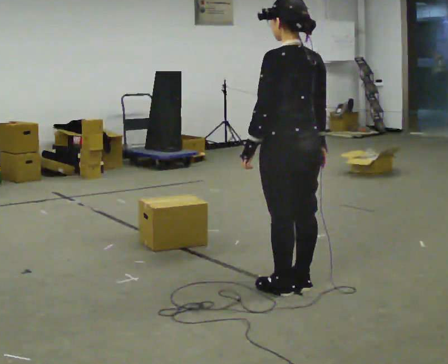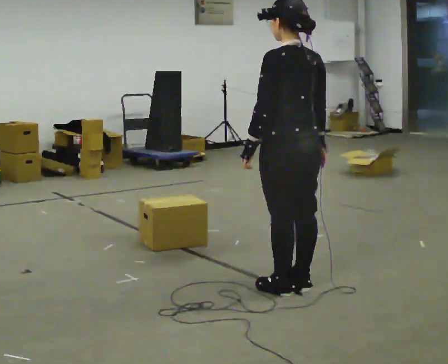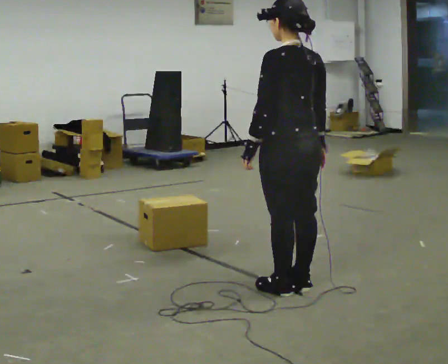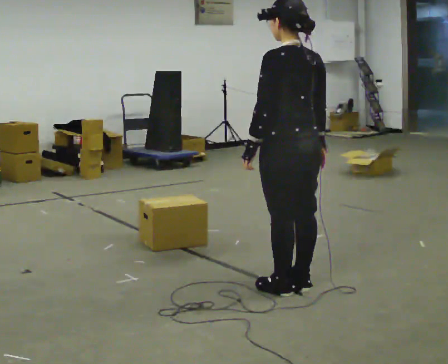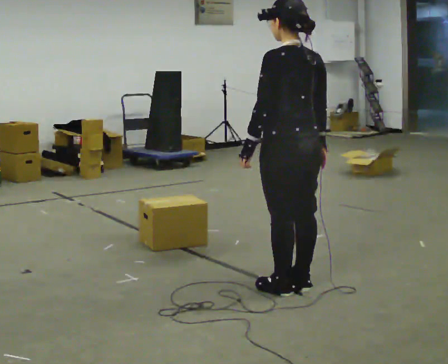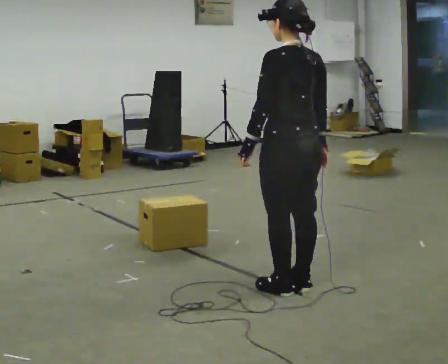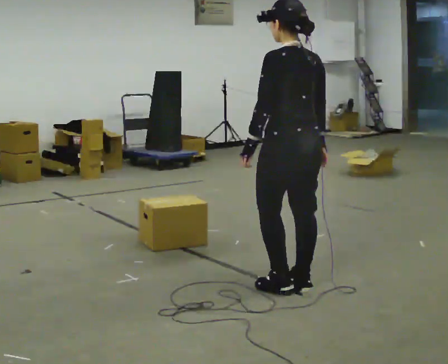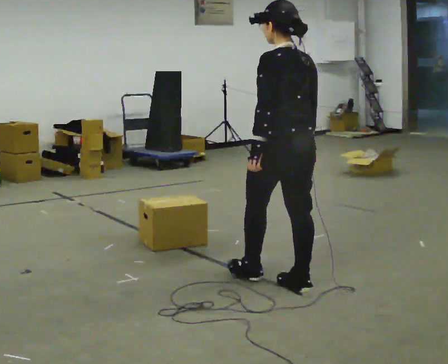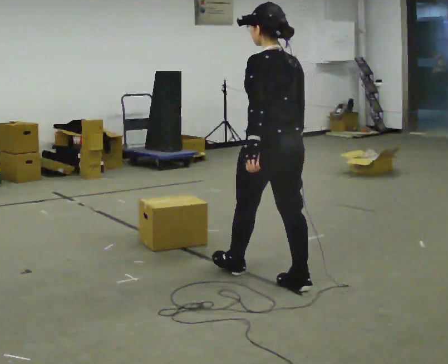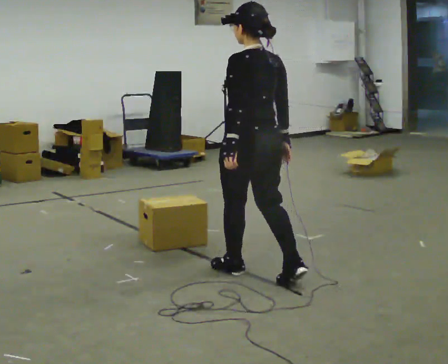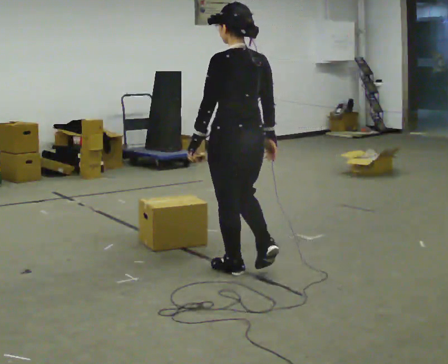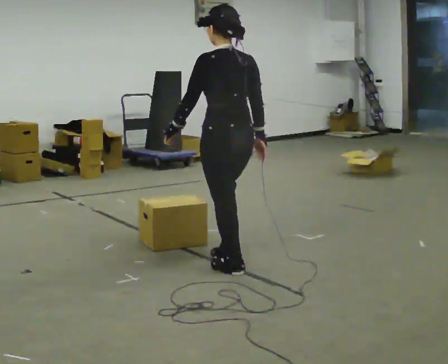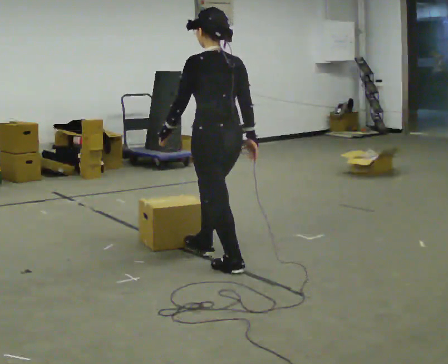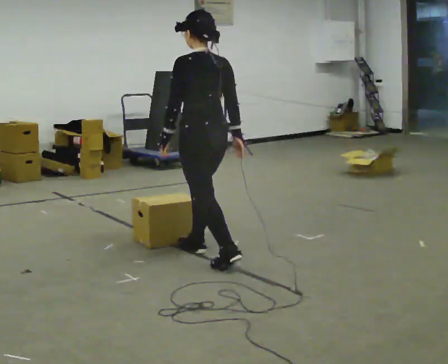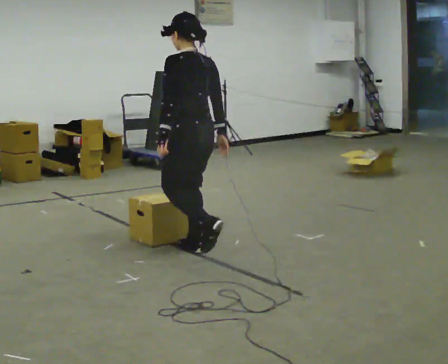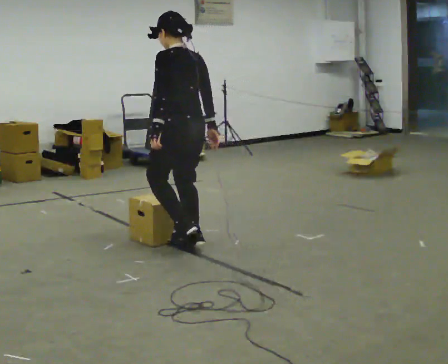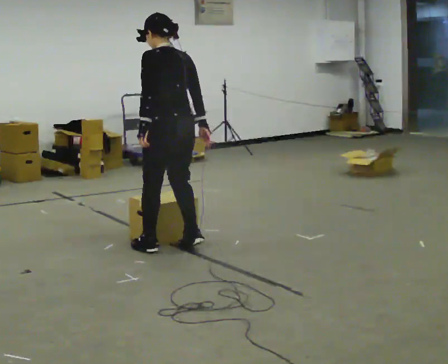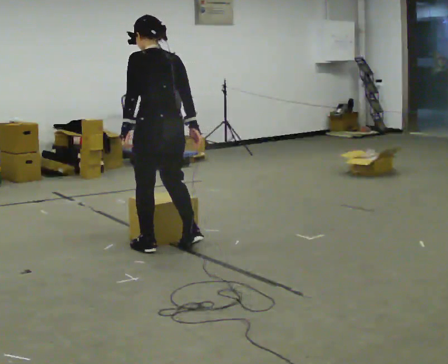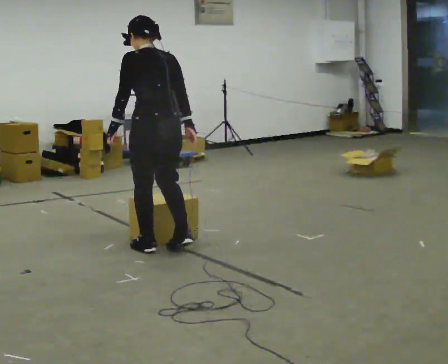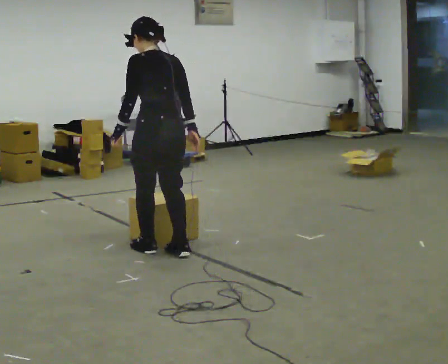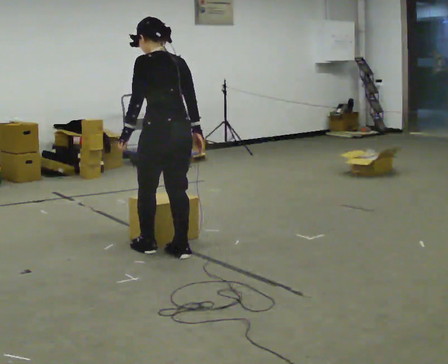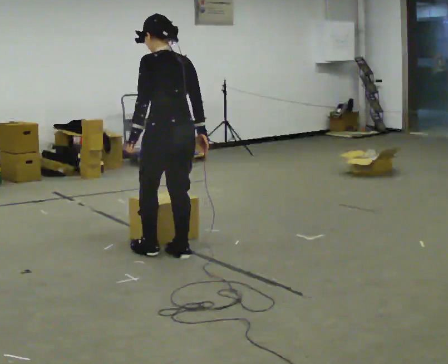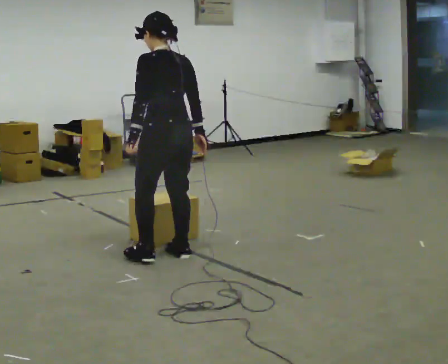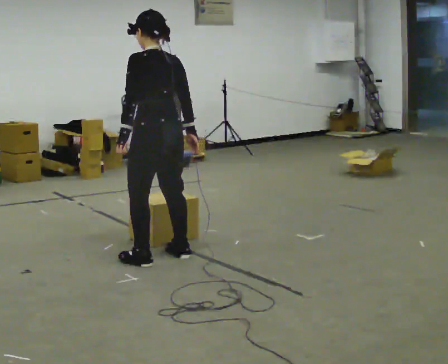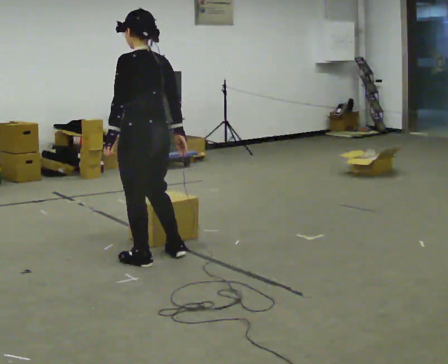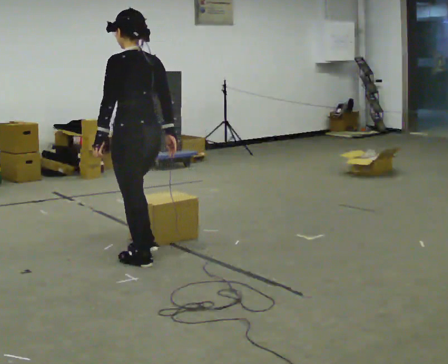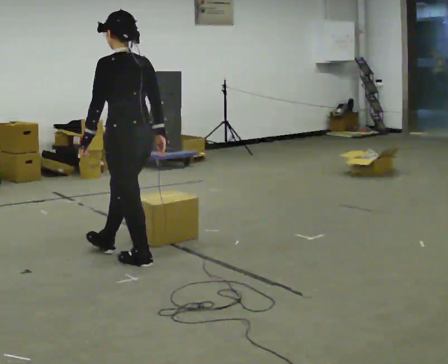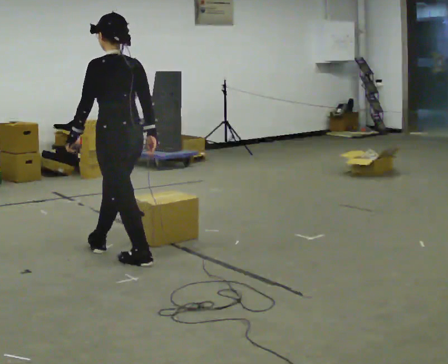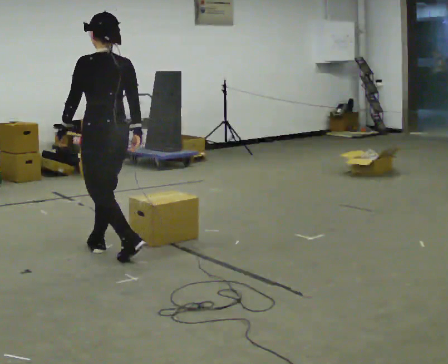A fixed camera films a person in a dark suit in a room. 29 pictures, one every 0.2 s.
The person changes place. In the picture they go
to the left.
0.0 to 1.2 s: The person moves a little, or ends about where they began.
1.2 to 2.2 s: In the picture they go to the left and away from the camera, about 0.5 m in 1 step, which for them is forward.
2.2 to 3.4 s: In the picture they go to the left and away from the camera, about 0.5 m in 2 steps, which for them is forward.
3.4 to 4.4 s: In the picture they go toward the camera, about 0.25 m, which for them is backward.
4.4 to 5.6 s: In the picture they go to the left, about 0.5 m in 2 steps, which for them is forward and to their left.
The film runs forward here.
